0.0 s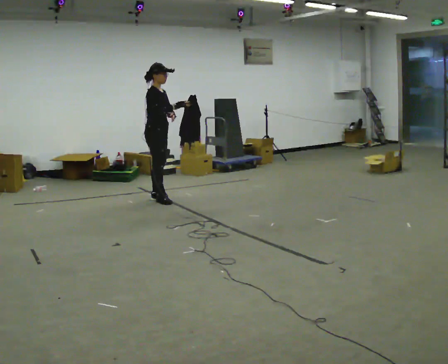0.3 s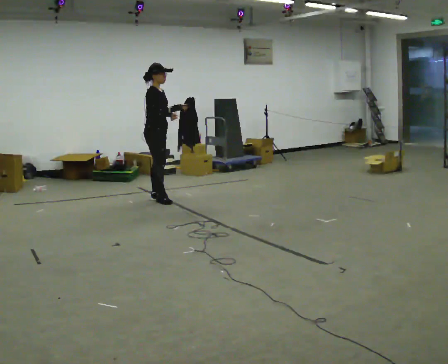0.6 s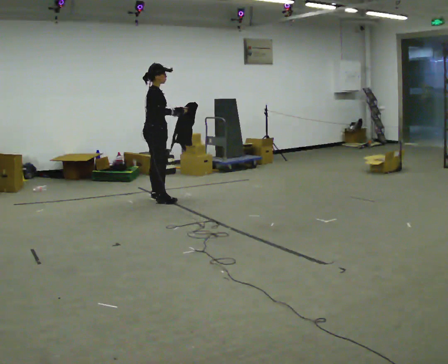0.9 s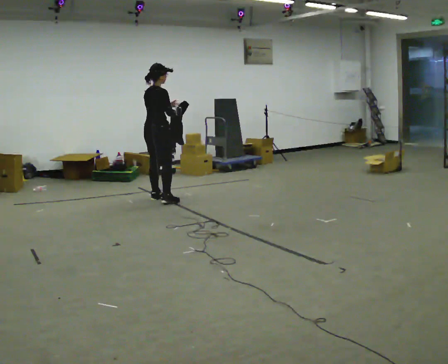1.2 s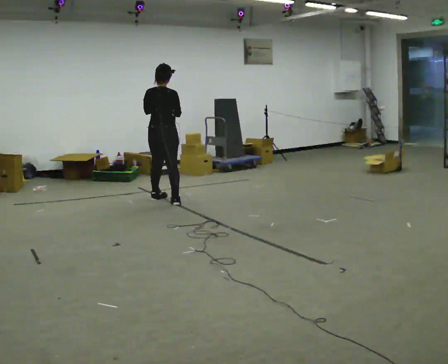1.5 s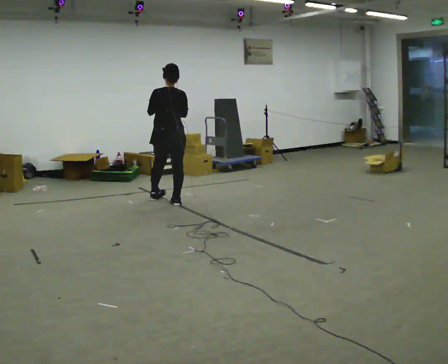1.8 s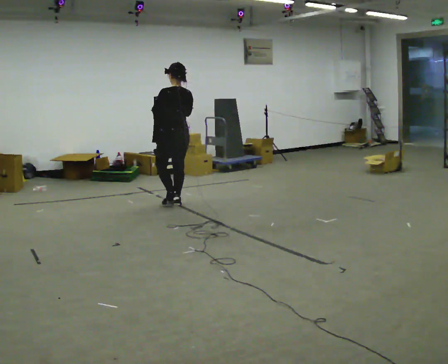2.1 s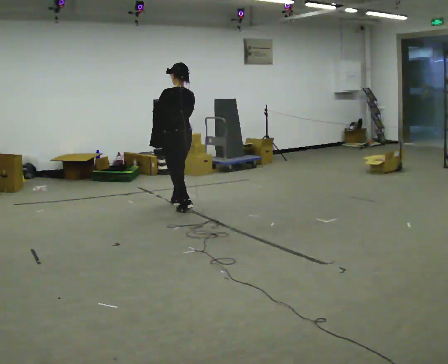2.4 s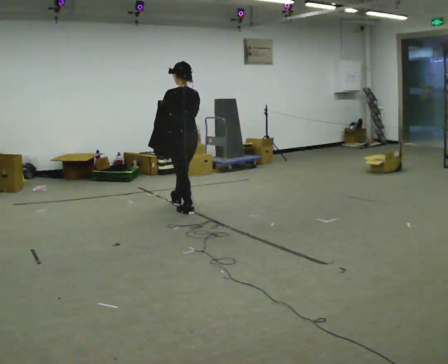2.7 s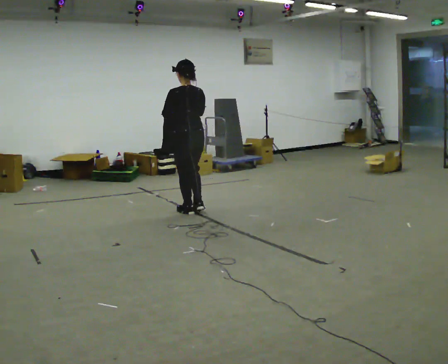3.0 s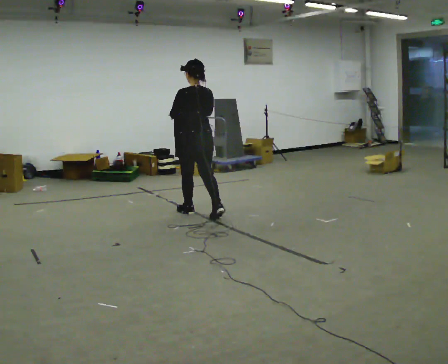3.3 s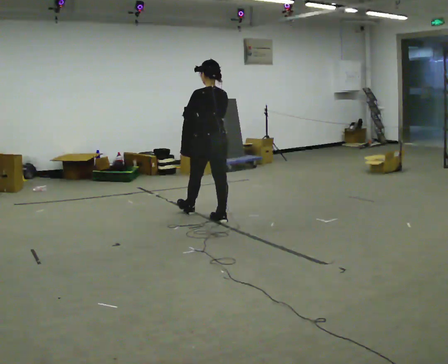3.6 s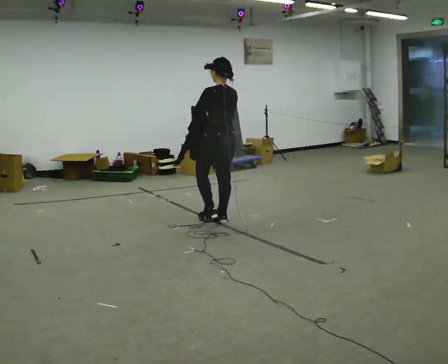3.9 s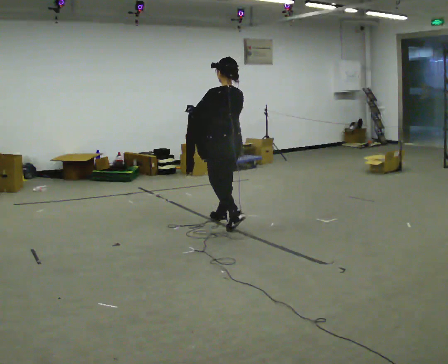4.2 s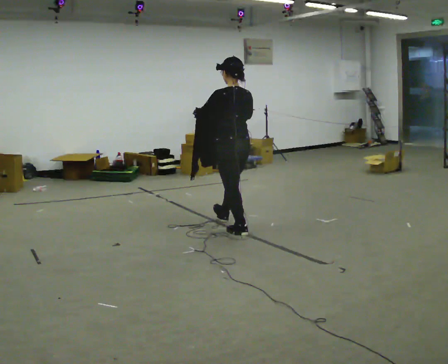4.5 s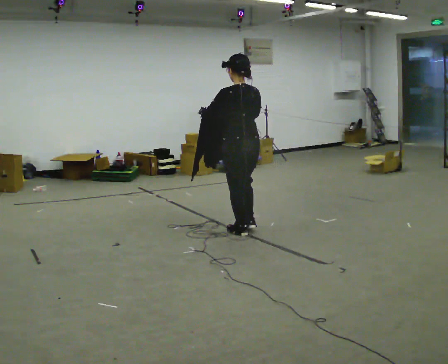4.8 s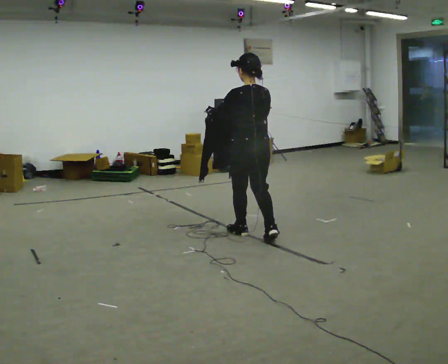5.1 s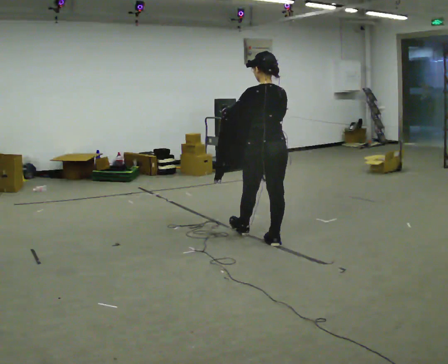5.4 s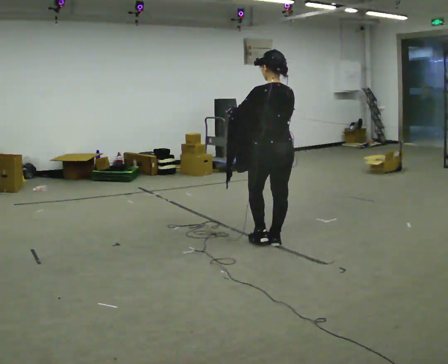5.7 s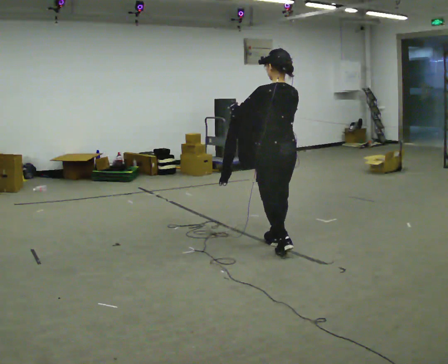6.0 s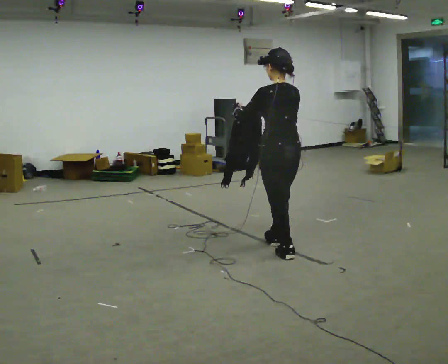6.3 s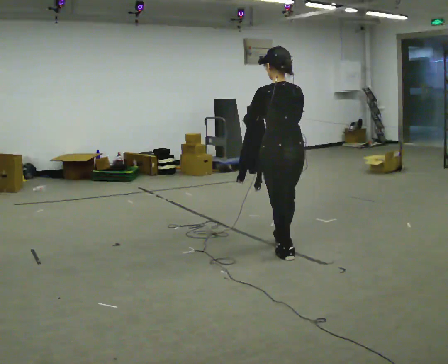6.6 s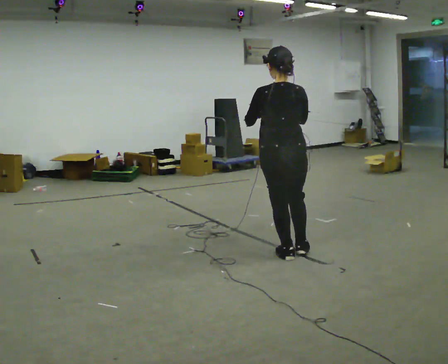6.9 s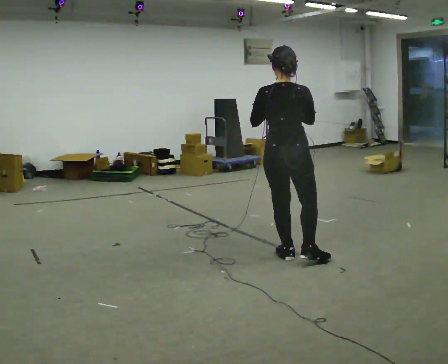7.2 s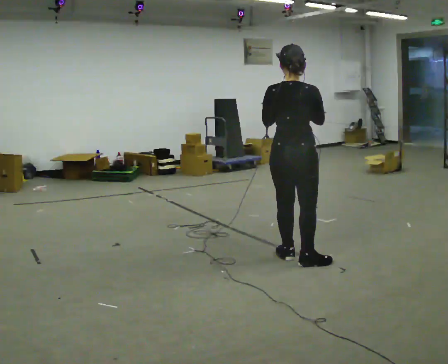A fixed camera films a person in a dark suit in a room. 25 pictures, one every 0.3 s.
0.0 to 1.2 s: Seen from above the body turns counterclockwise, about 90 degrees: to their left, with its near side sliding to the right.
1.2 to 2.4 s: The part of the body nearest the lens slides to the right as the person turns to their left by about 45 degrees. In the picture they go toward the camera and to the right, about 0.5 m in 2 steps, which for them is backward.
2.4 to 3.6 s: In the picture they go to the right and toward the camera, about 0.5 m in 1 step, which for them is backward and to their right.
3.6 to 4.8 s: In the picture they go toward the camera and to the right, about 0.5 m in 1 step, which for them is backward.
4.8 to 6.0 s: In the picture they go toward the camera and to the right, about 0.5 m in 1 step, which for them is backward.
6.0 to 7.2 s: The part of the body nearest the lens slides to the left as the person turns to their right by about 45 degrees. In the picture they go toward the camera, about 0.25 m in 1 step, which for them is backward. In the picture their left hand goes to the right.
The film runs backward here.
